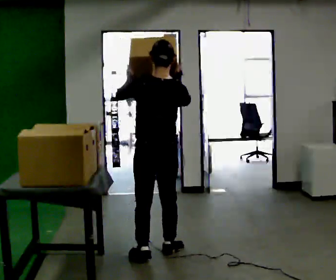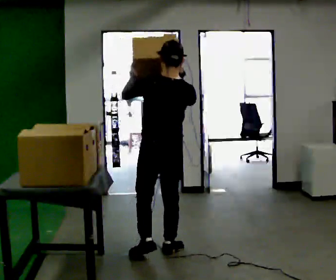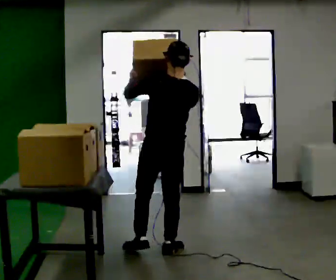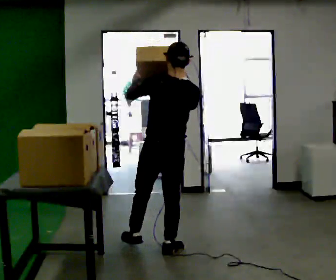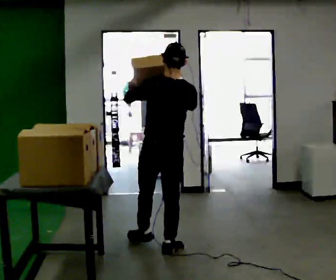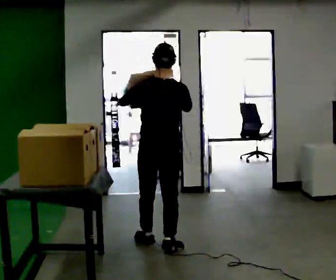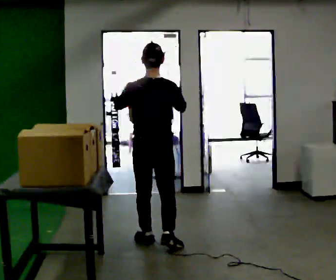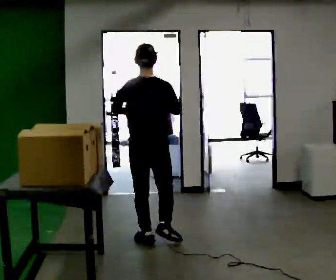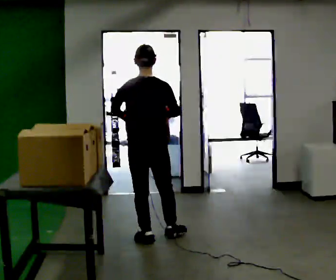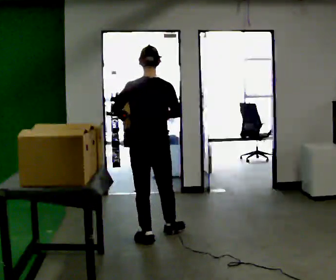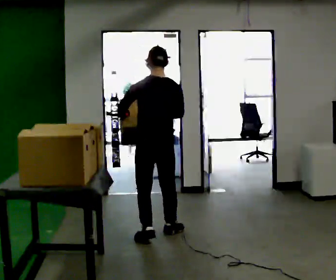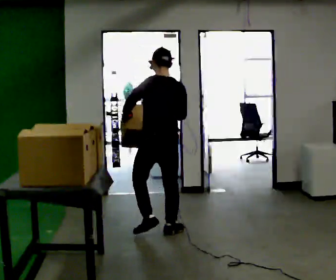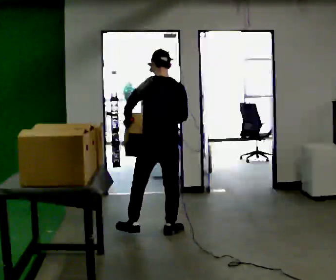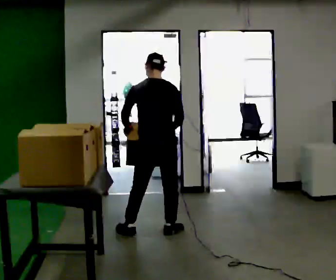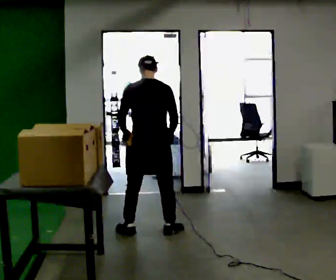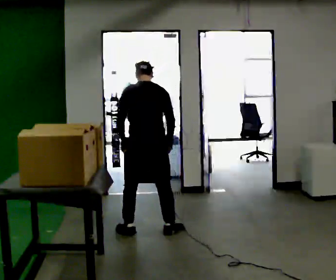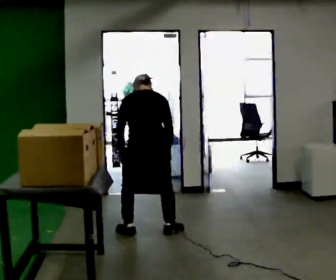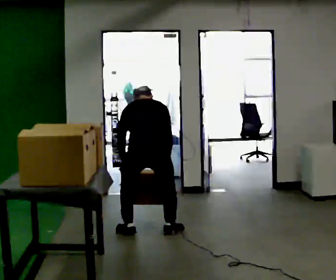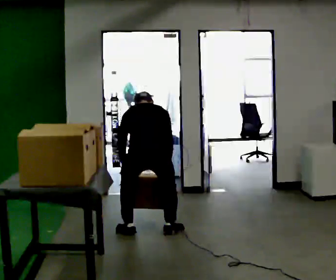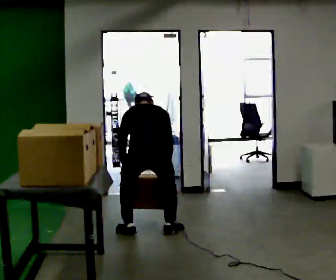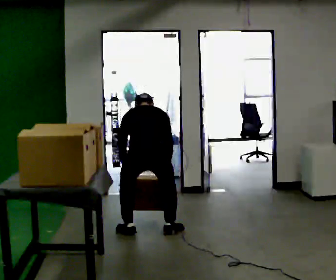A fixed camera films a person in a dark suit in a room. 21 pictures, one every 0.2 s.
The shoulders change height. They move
downward.
The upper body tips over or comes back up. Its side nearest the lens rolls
upward.
0.0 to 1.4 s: In the picture they go away from the camera, about 0.5 m in 1 step, which for them is forward.
1.4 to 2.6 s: In the picture they go away from the camera, about 0.25 m in 2 steps, which for them is forward and to their right.
2.6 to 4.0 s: The shoulders move downward. The upper body tips away from the camera, its near side rolling upward, as they bend forward. In the picture their right hand goes downward.
The film runs forward here.
